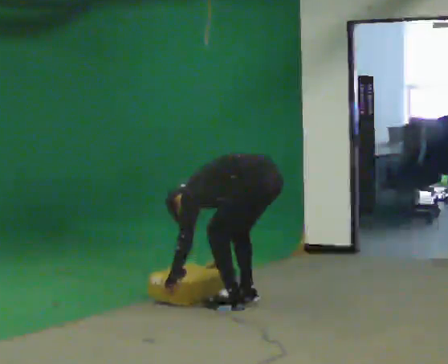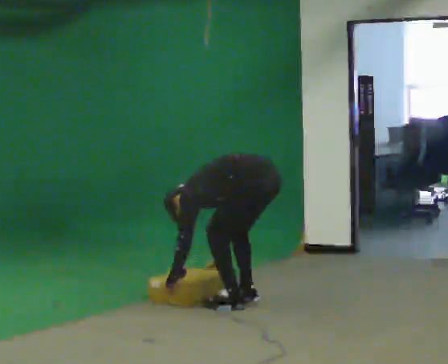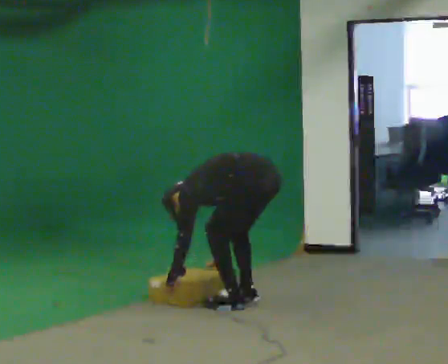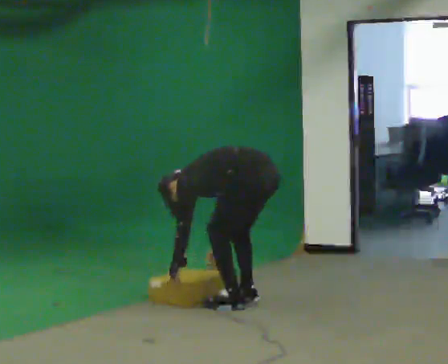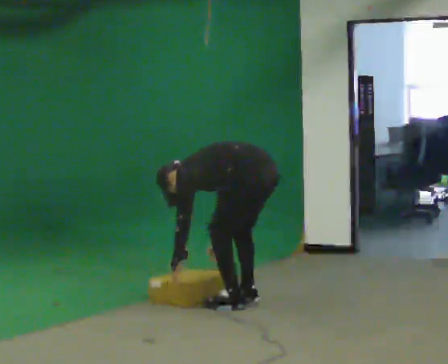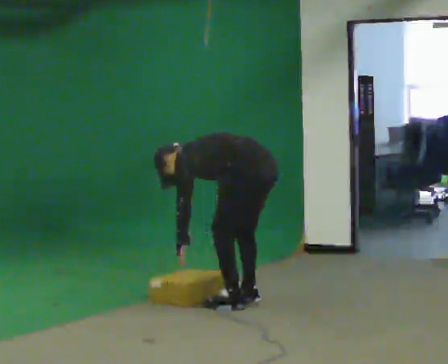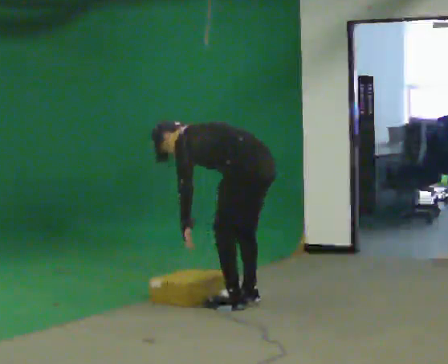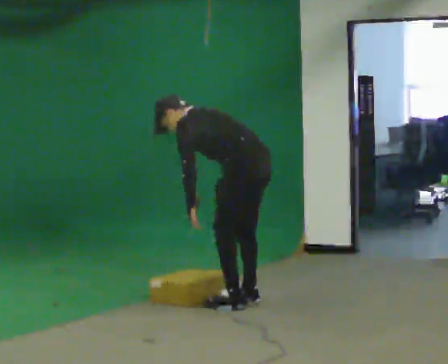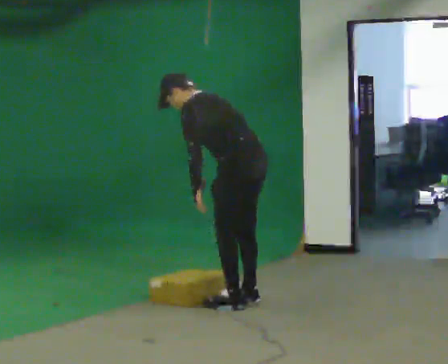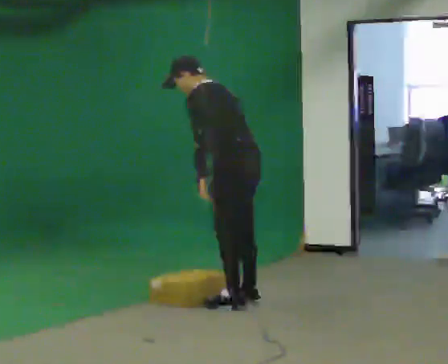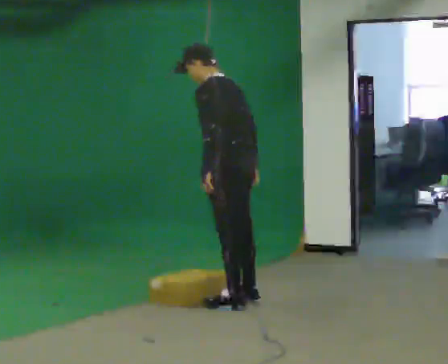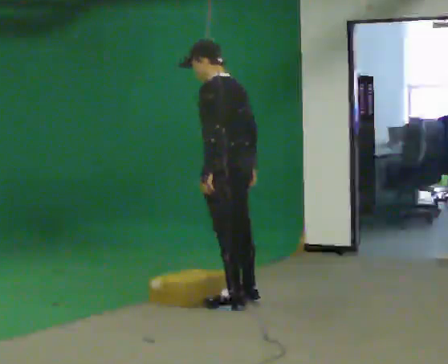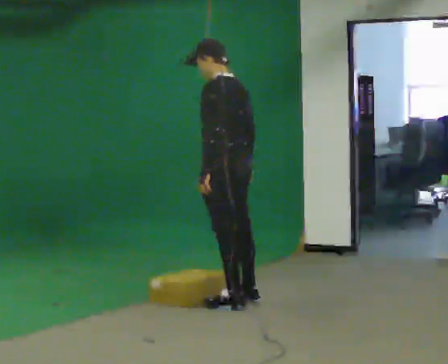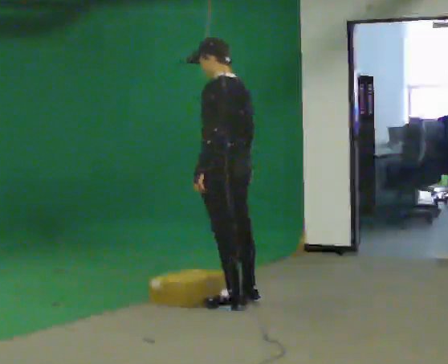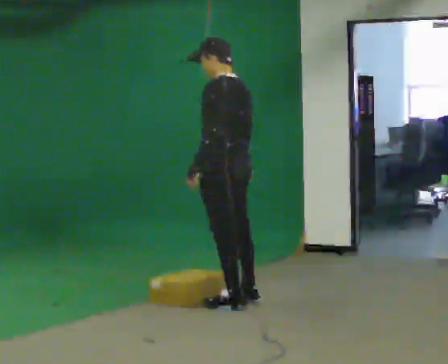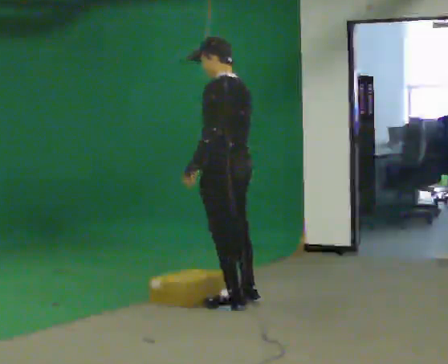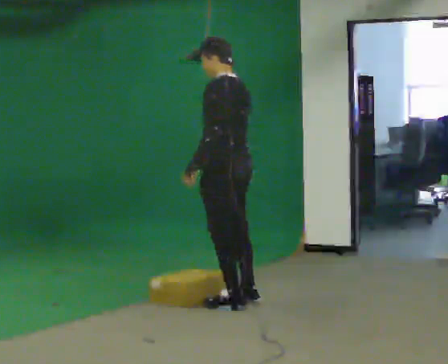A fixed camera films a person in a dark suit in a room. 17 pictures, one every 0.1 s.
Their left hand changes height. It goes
upward.
The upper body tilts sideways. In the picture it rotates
clockwise.
0.0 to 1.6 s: In the picture they go to the left, about 0.25 m, which for them is forward. The upper body goes upward. In the picture the upper body tilts clockwise, shoulders to the right, as they lean back or straighten. In the picture their right hand goes upward.
The film runs forward here.
